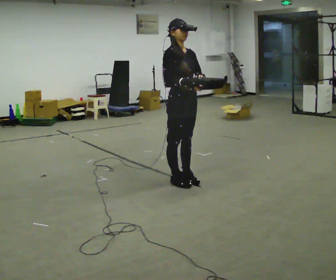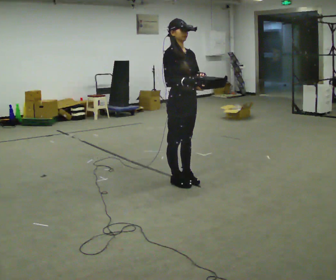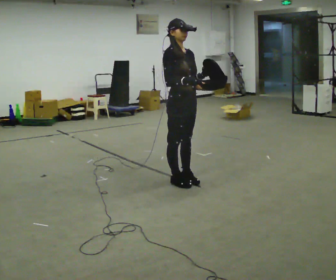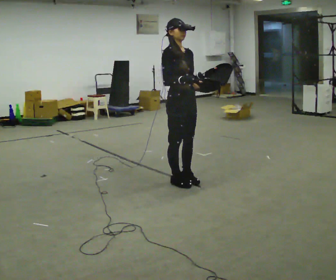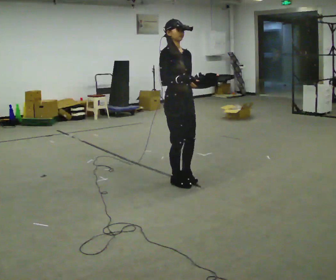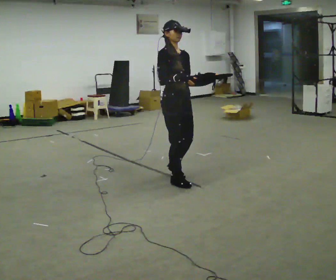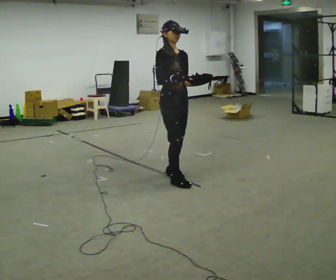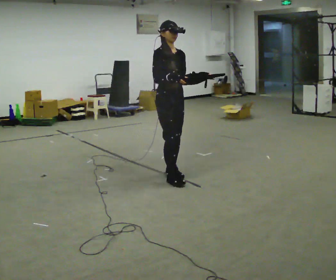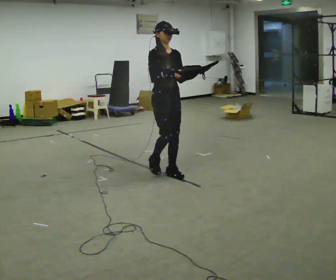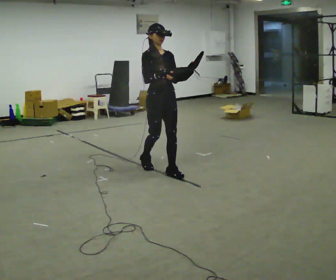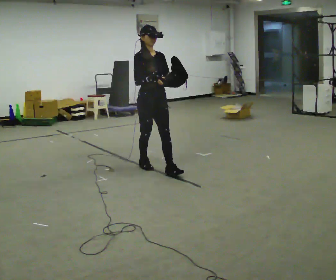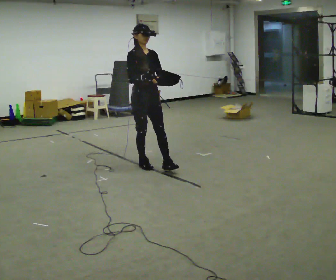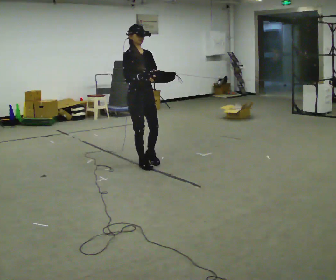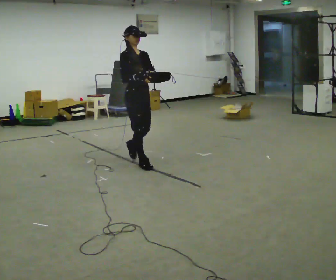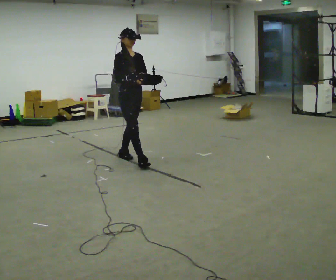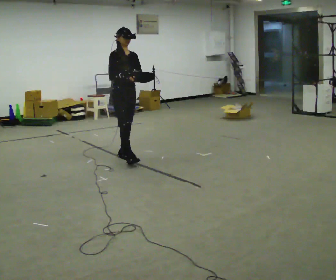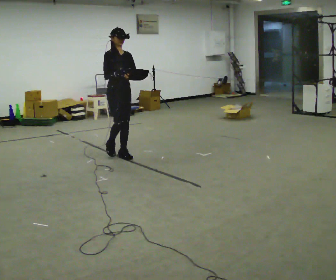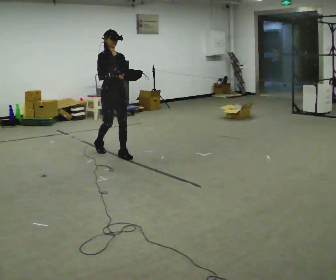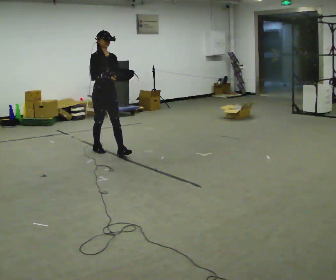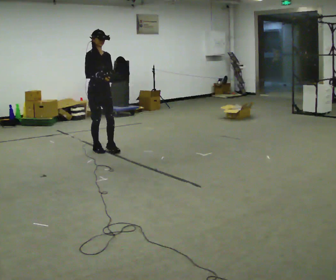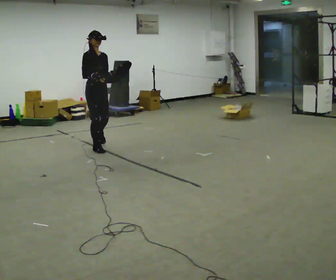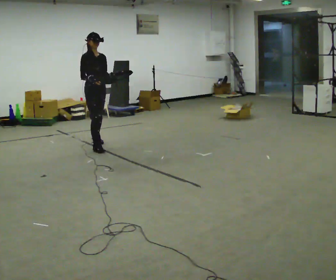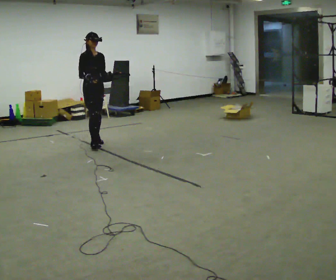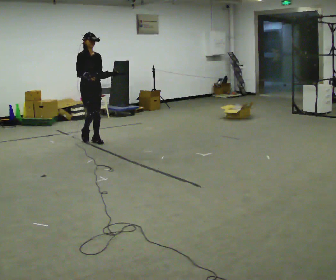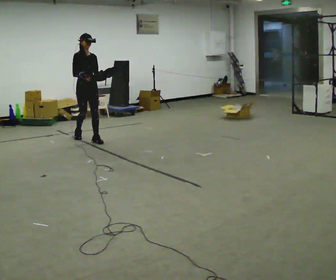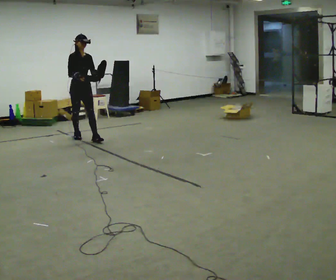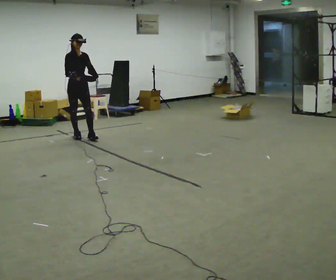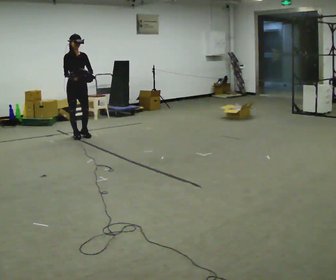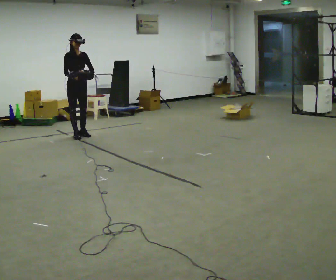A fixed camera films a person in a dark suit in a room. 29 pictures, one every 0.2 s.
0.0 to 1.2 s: The person moves a little, or ends about where they began.
1.2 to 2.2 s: In the picture they go away from the camera and to the left, about 0.5 m in 2 steps, which for them is backward.
2.2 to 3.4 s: In the picture they go away from the camera and to the left, about 0.5 m in 1 step, which for them is backward.
3.4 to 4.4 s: In the picture they go away from the camera and to the left, about 0.75 m in 2 steps, which for them is backward.
4.4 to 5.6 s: In the picture they go away from the camera and to the left, about 0.5 m in 1 step, which for them is backward.
The film runs backward here.
